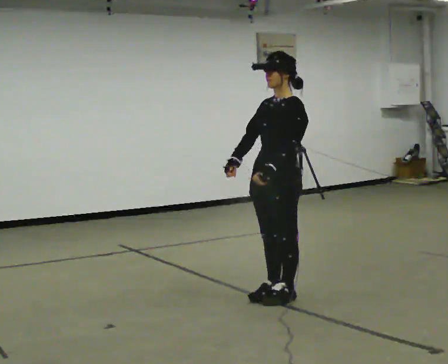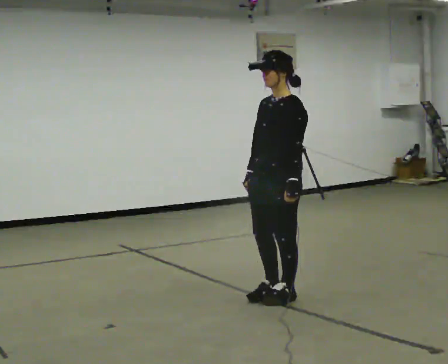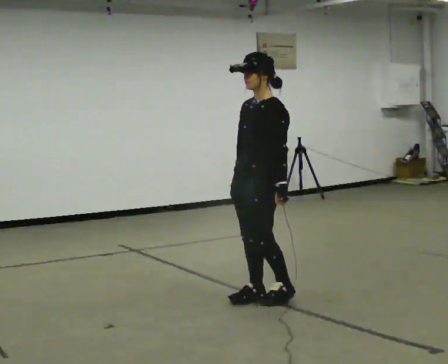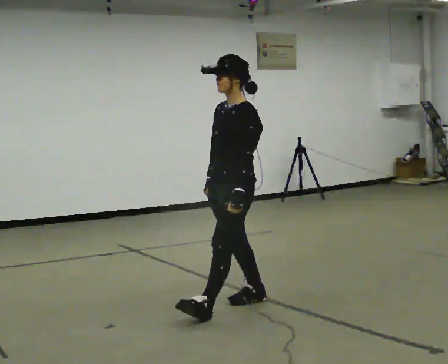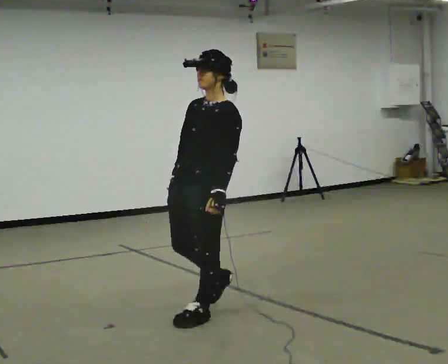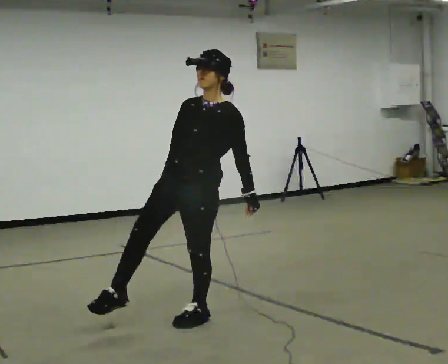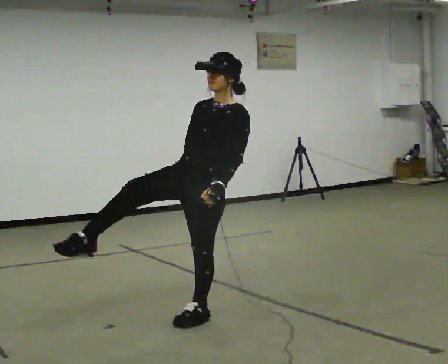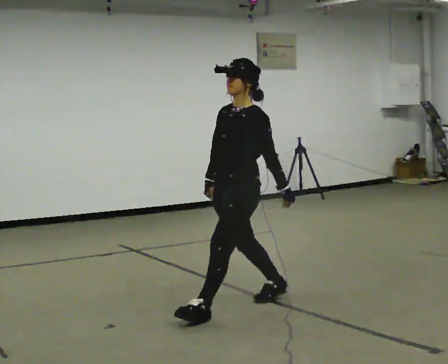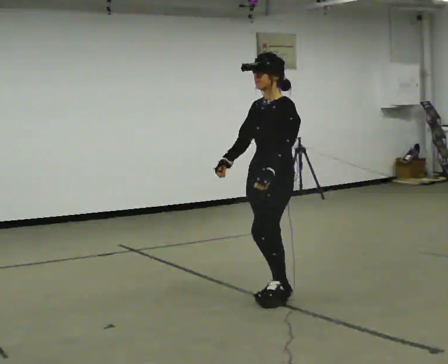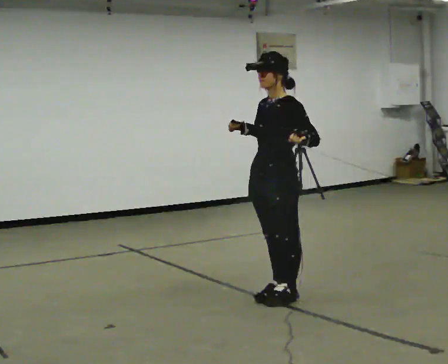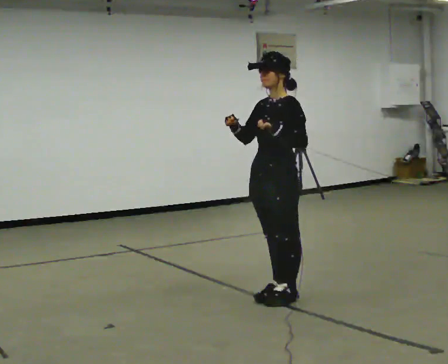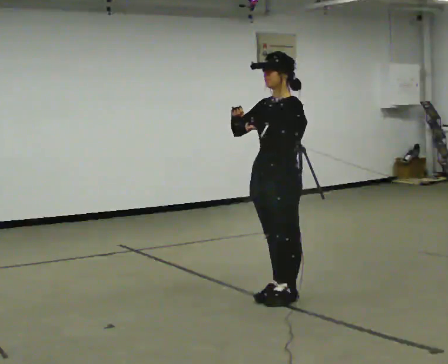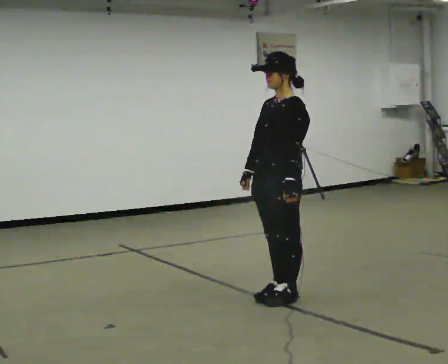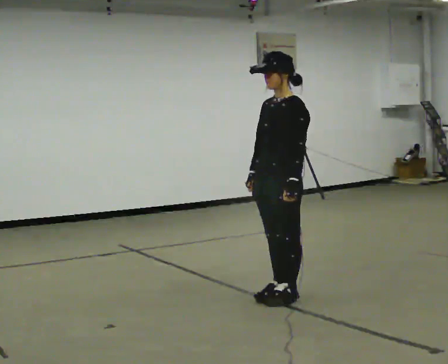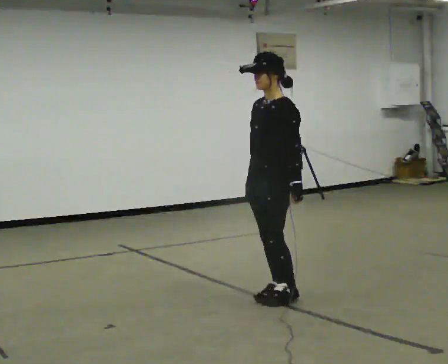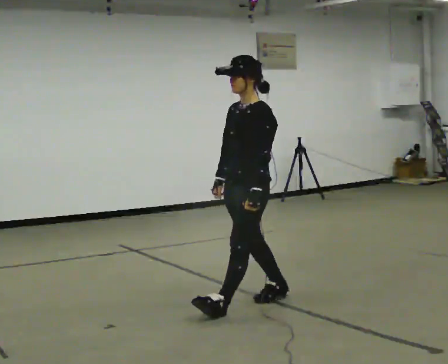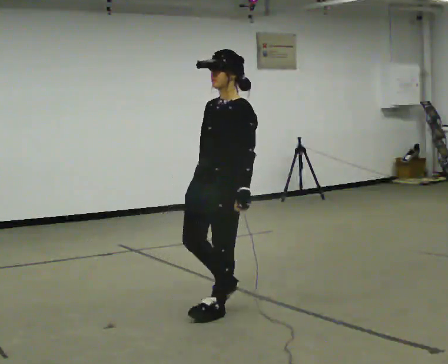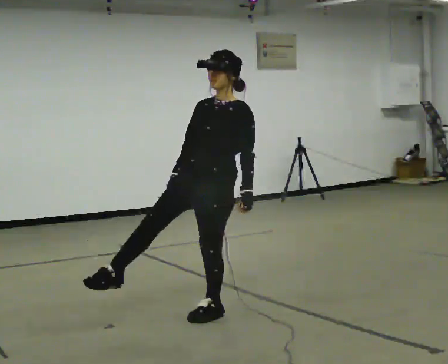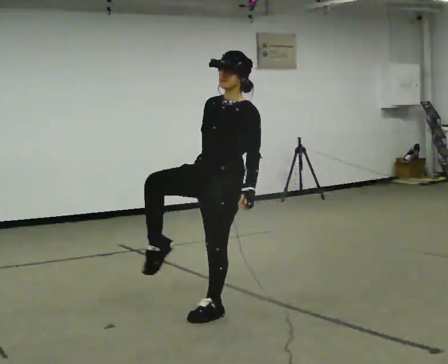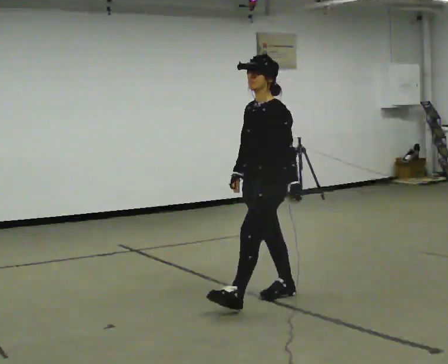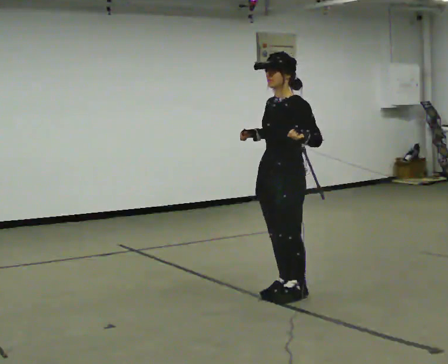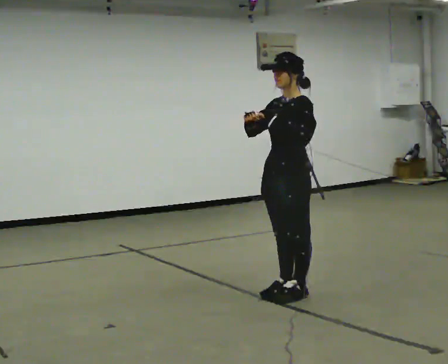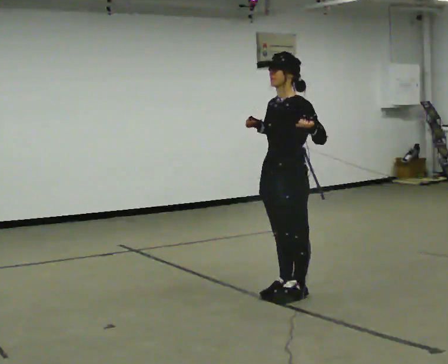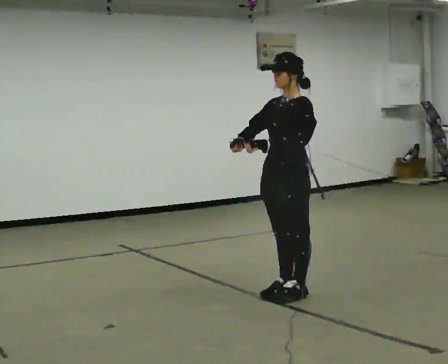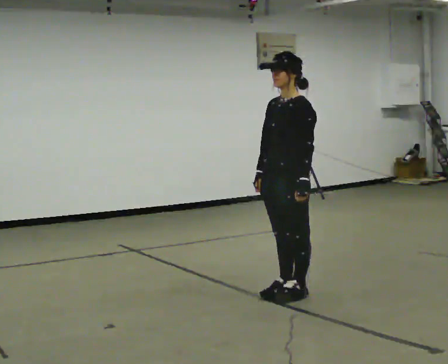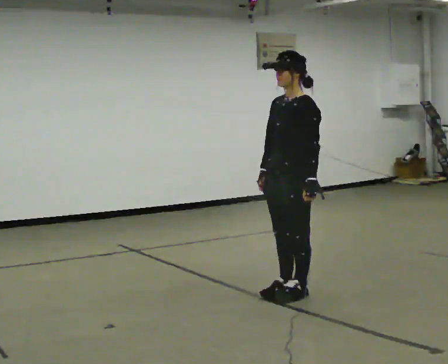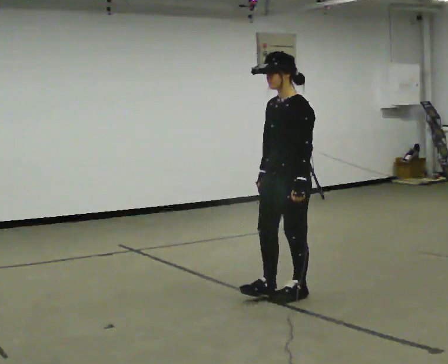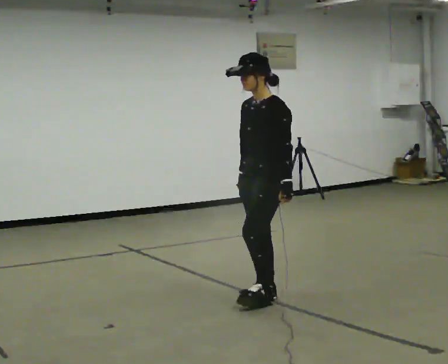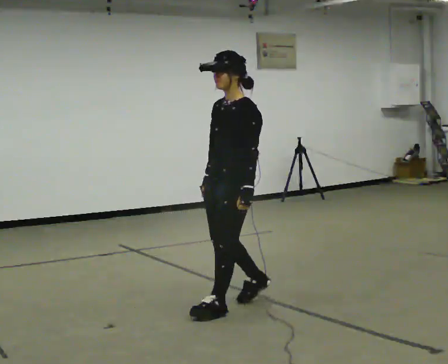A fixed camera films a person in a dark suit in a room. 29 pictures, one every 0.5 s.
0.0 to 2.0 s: In the picture they go to the left and toward the camera, about 0.5 m in 2 steps, which for them is forward.
2.0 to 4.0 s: In the picture they go to the right and away from the camera, about 0.5 m in 1 step, which for them is backward.
4.0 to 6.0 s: The person moves a little, or ends about where they began.
6.0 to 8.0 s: In the picture they go to the left and toward the camera, about 0.5 m in 1 step, which for them is forward.
8.0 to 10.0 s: In the picture they go to the right and away from the camera, about 0.5 m in 1 step, which for them is backward. In the picture their left hand goes upward.
10.0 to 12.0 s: In the picture their left hand goes downward.
12.0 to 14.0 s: In the picture they go to the left and toward the camera, about 0.5 m in 3 steps, which for them is forward.
The film runs backward here.
